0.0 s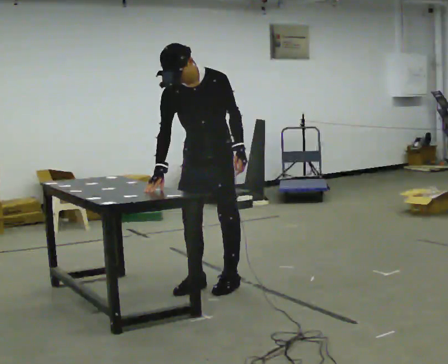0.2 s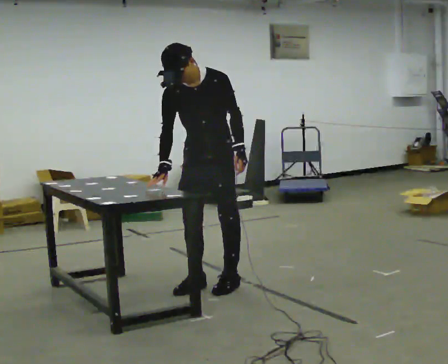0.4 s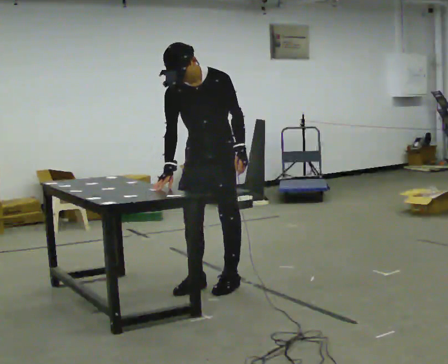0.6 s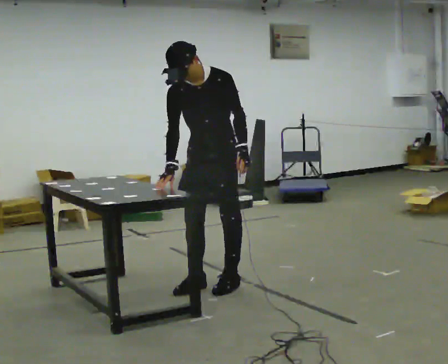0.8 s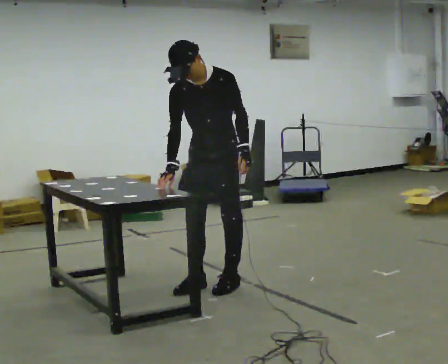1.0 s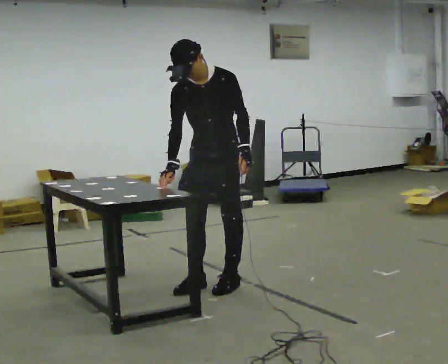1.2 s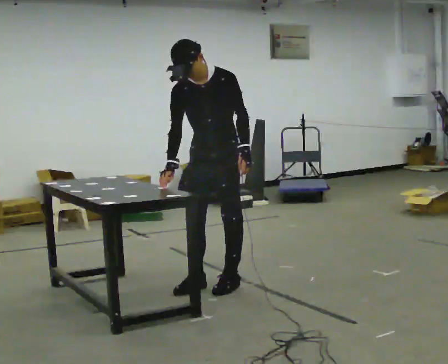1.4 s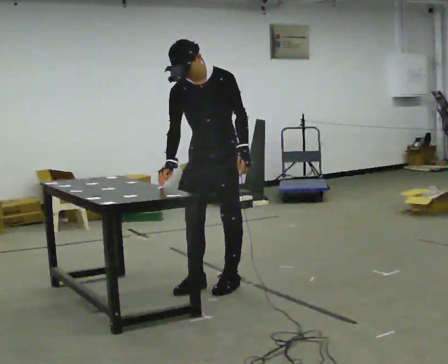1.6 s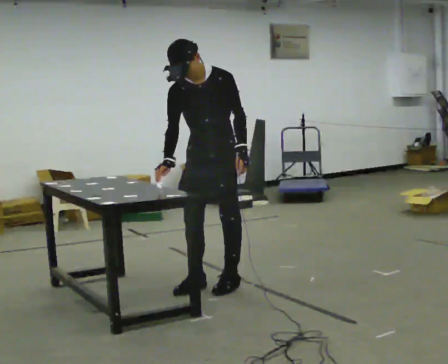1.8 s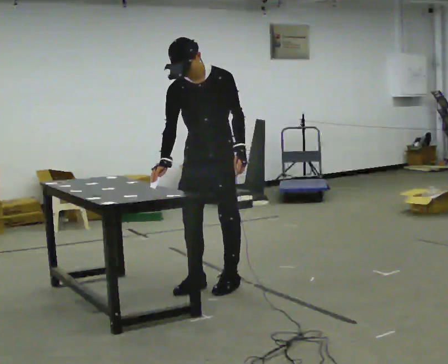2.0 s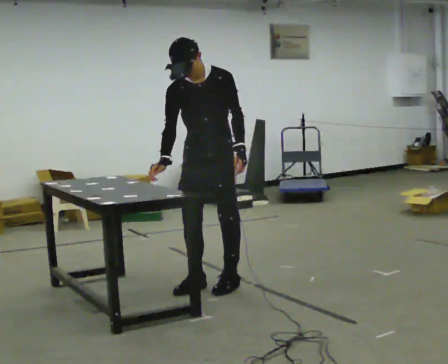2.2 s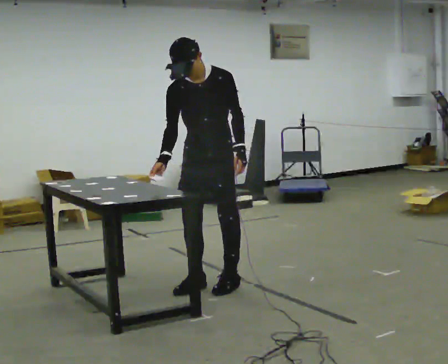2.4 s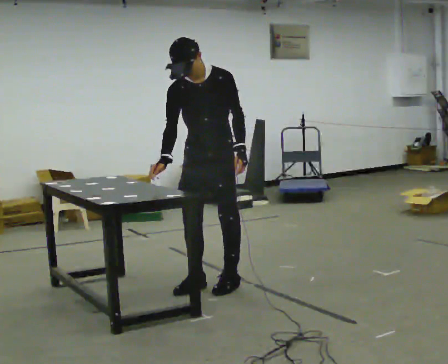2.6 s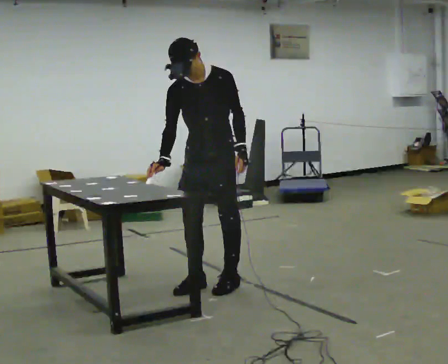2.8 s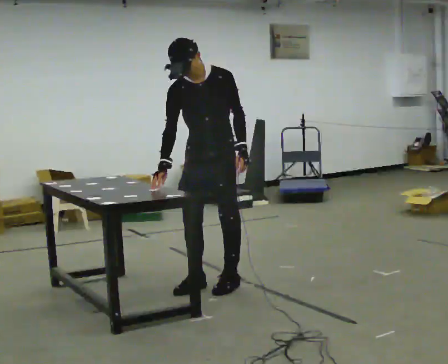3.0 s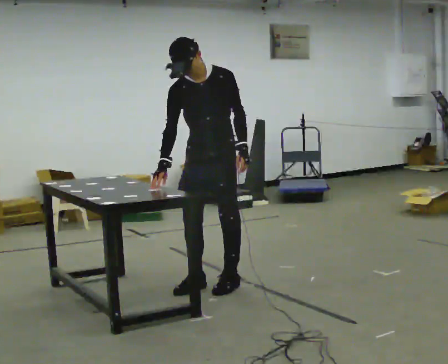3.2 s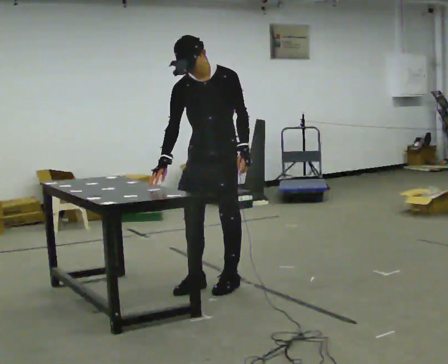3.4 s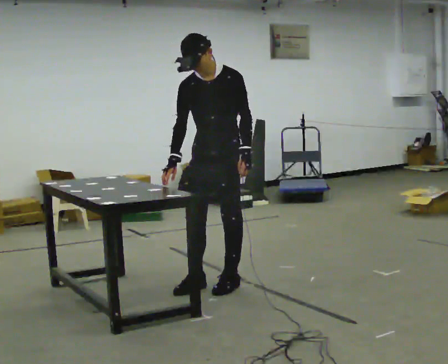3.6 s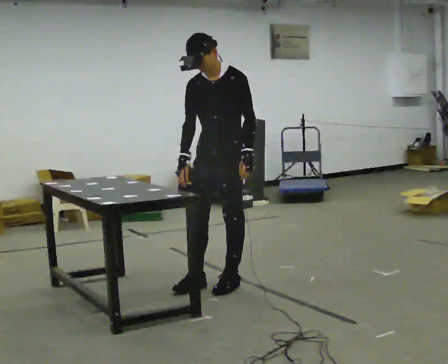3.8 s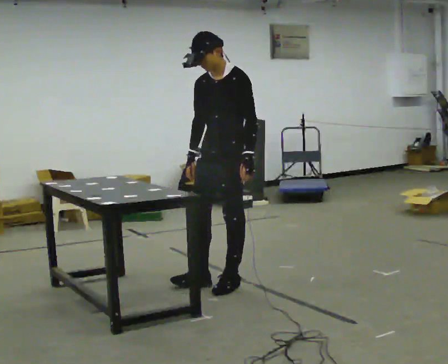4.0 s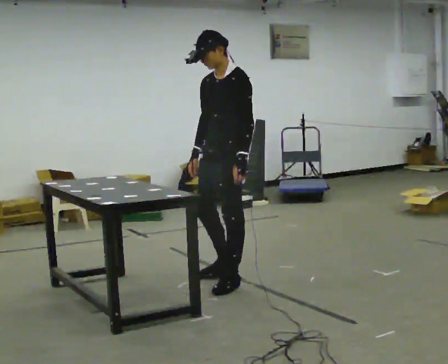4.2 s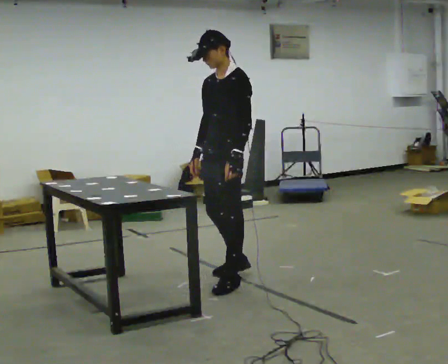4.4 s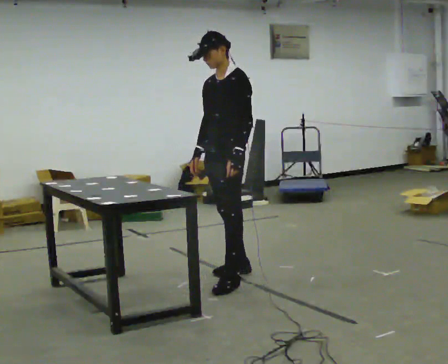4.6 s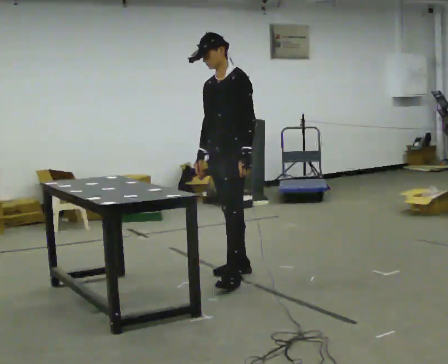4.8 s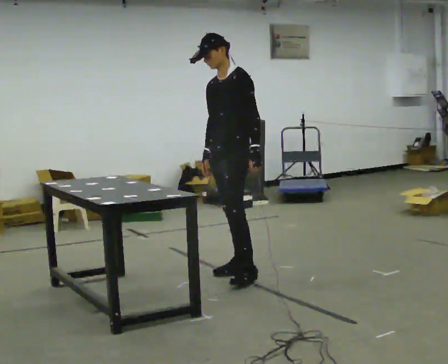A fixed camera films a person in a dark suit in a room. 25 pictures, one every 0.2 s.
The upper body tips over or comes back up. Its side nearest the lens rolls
upward.
0.0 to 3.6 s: The person moves a little, or ends about where they began.
3.6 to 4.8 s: In the picture they go away from the camera, about 0.25 m in 1 step, which for them is backward and to their right.
The film runs forward here.
